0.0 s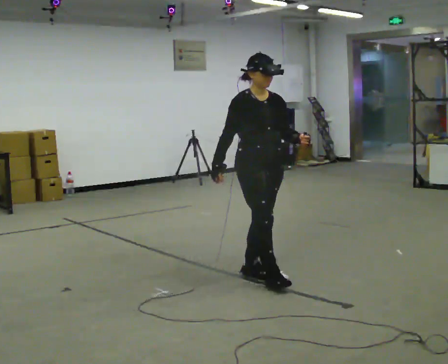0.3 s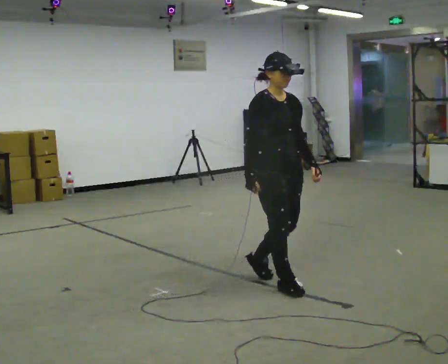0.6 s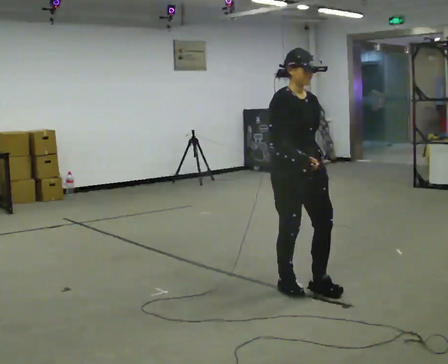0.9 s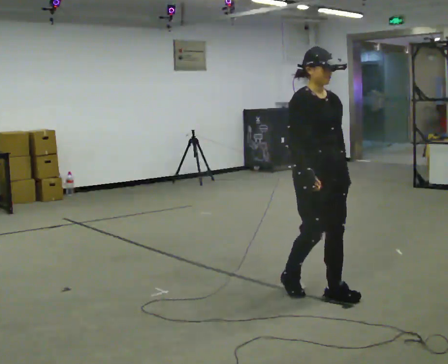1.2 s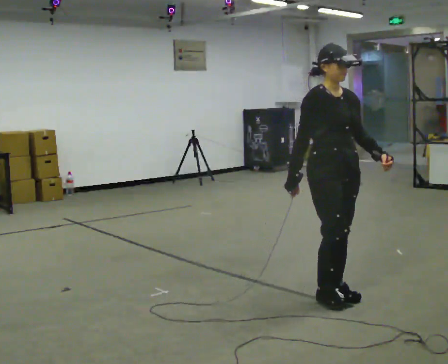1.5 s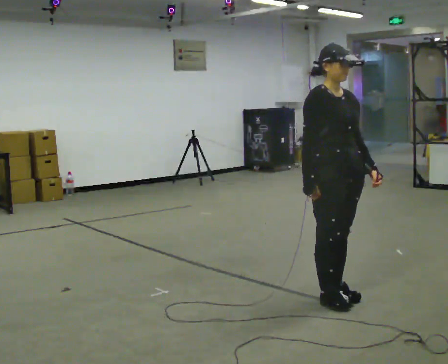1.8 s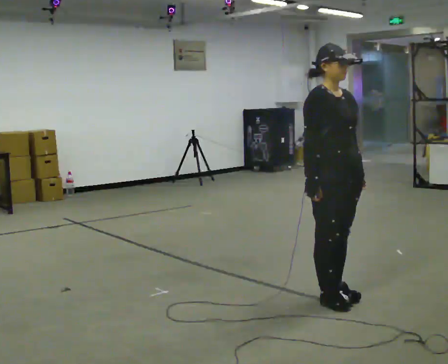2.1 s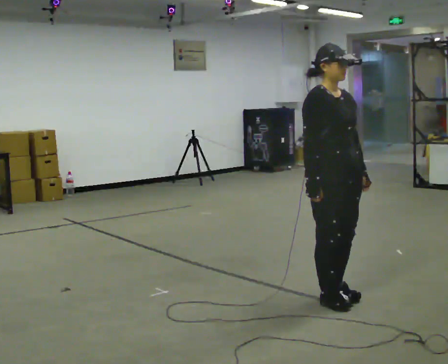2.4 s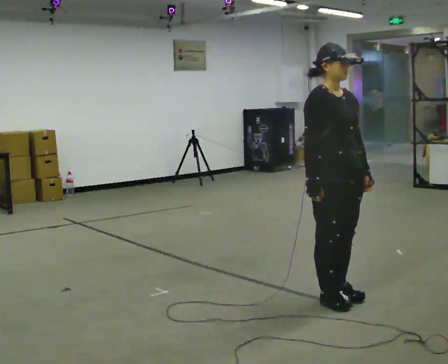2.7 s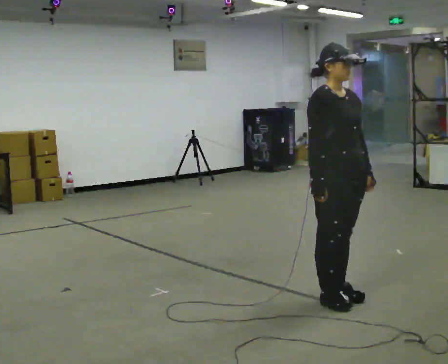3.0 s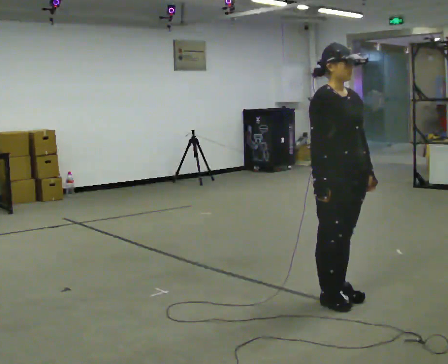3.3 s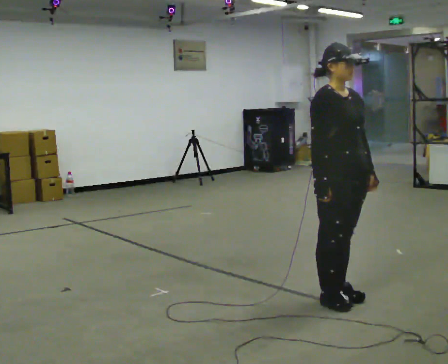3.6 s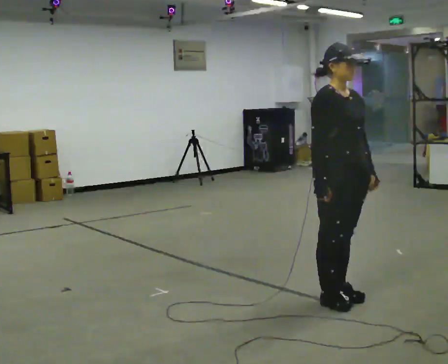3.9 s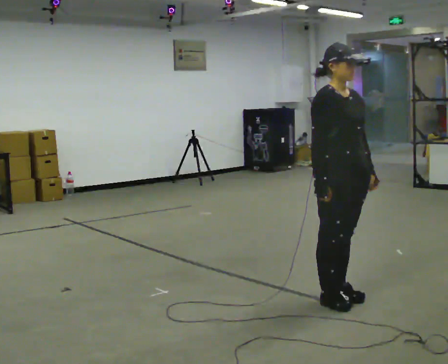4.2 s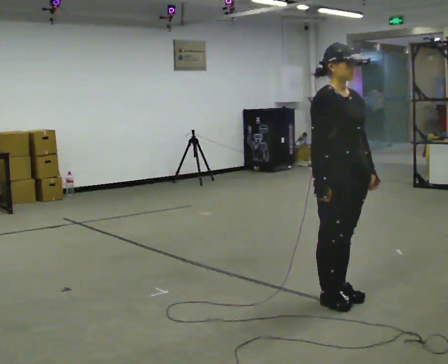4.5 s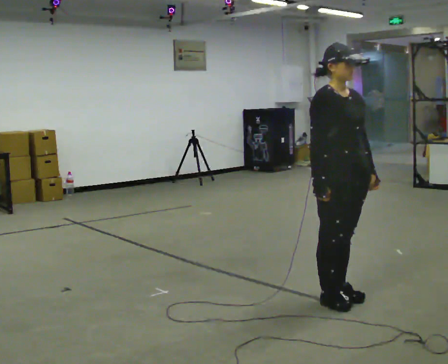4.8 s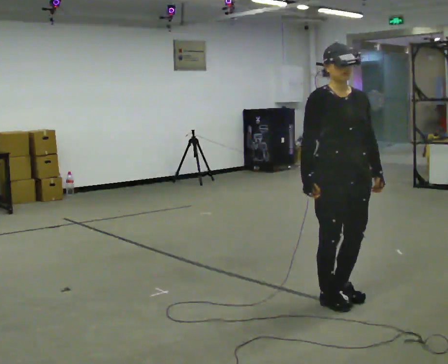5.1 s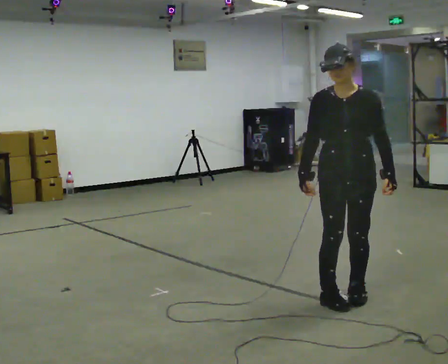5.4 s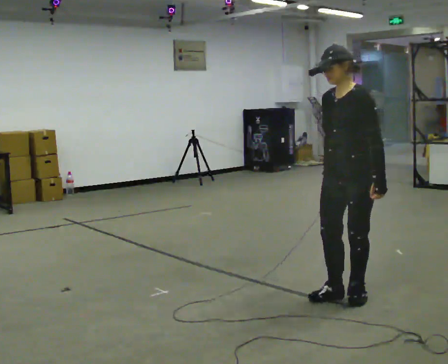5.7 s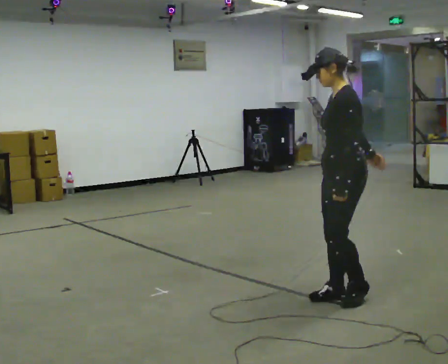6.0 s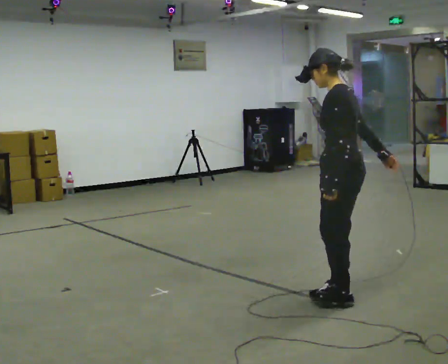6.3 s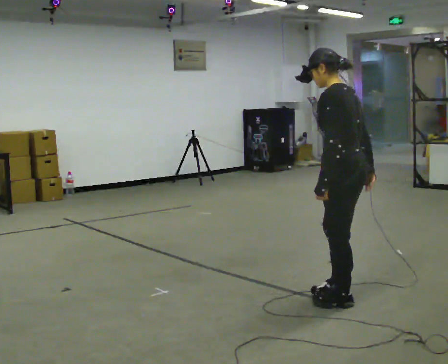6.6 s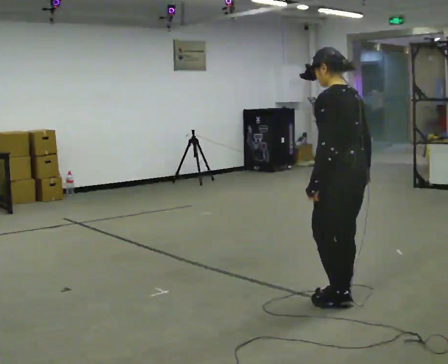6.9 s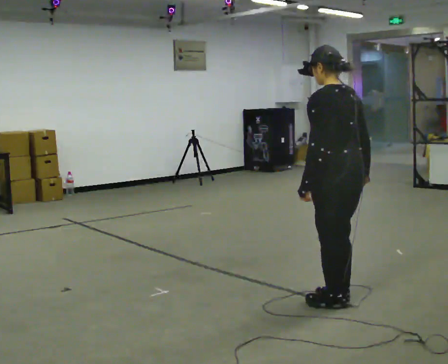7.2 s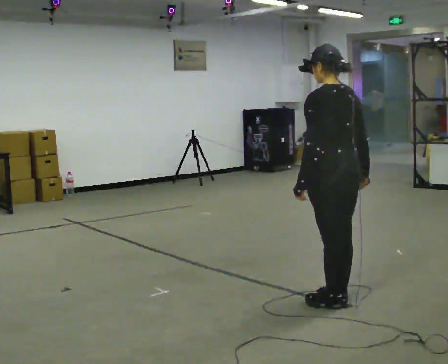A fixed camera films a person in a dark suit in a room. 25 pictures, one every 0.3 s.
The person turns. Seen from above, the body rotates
clockwise.
The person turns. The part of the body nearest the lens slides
to the left.
0.0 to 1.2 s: In the picture they go to the right and toward the camera, about 0.75 m in 2 steps, which for them is forward.
1.2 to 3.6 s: The person moves a little, or ends about where they began.
3.6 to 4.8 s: Seen from above the body turns clockwise, about 30 degrees: to their right, with its near side sliding to the left.
4.8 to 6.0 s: Seen from above the body turns clockwise, about 120 degrees: to their right, with its near side sliding to the left. In the picture their right hand goes to the right, the arm swinging counterclockwise.
6.0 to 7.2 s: Seen from above the body turns clockwise, about 30 degrees: to their right, with its near side sliding to the left.
The film runs forward here.
